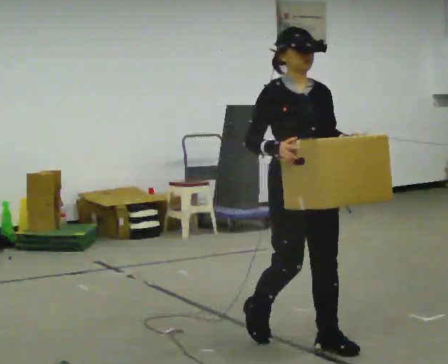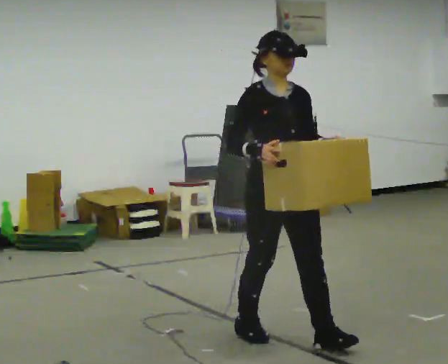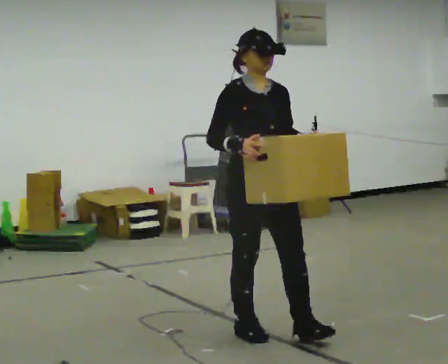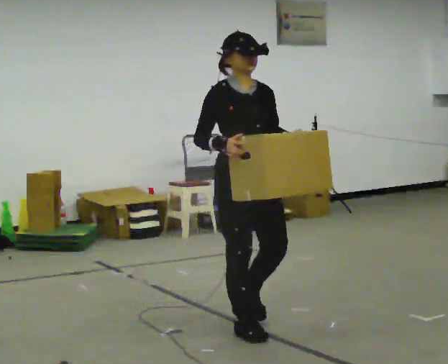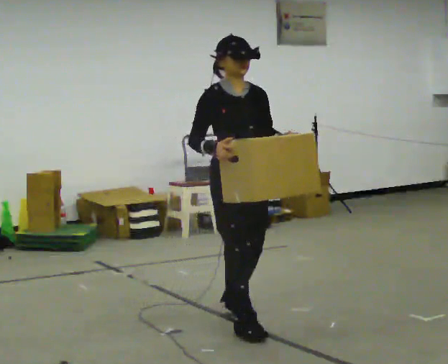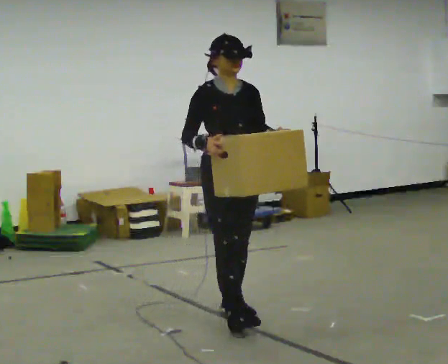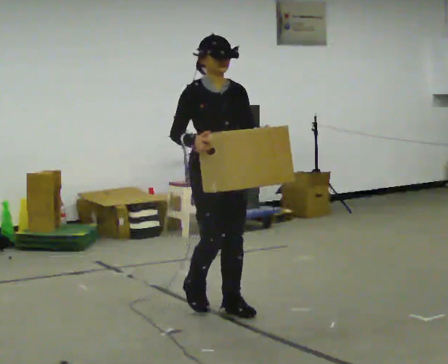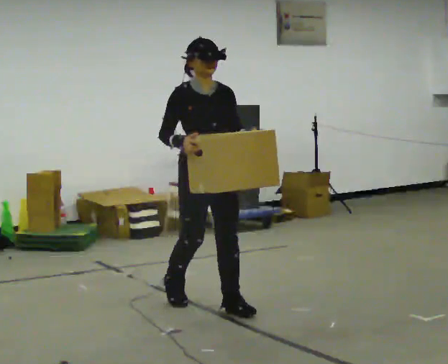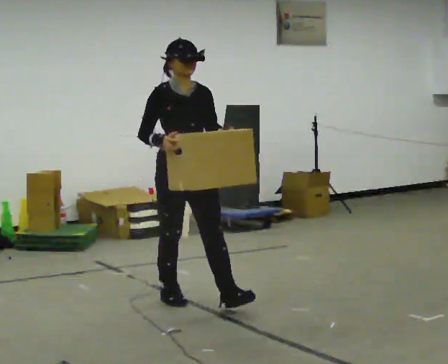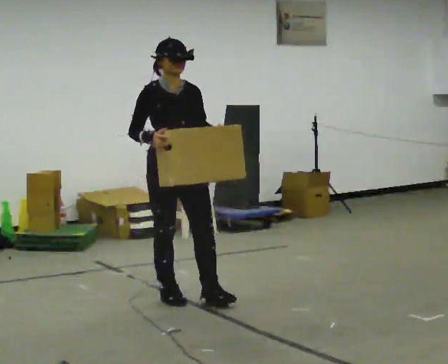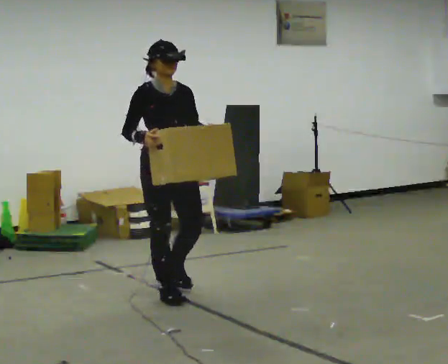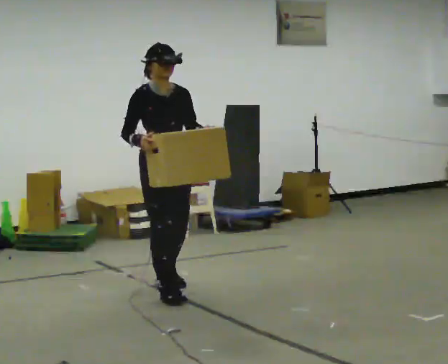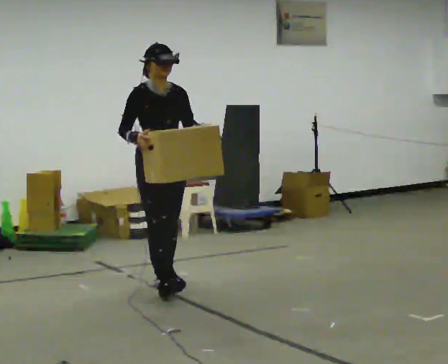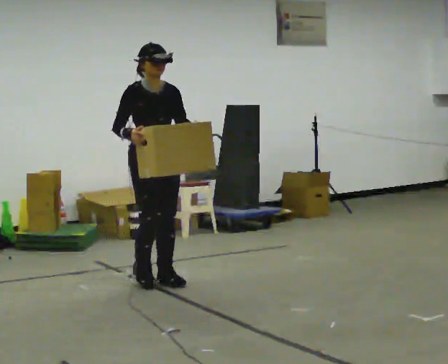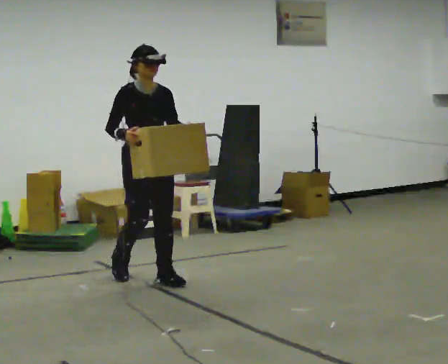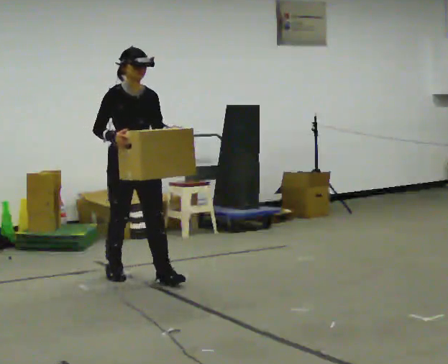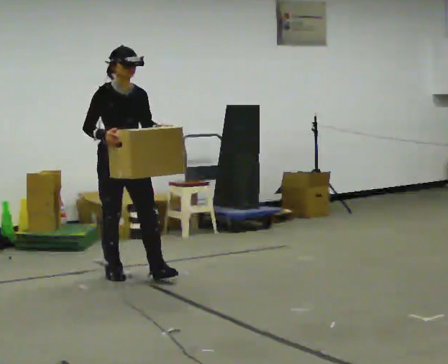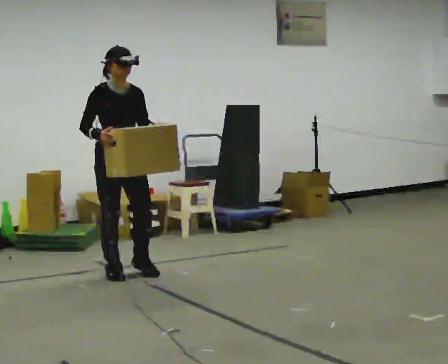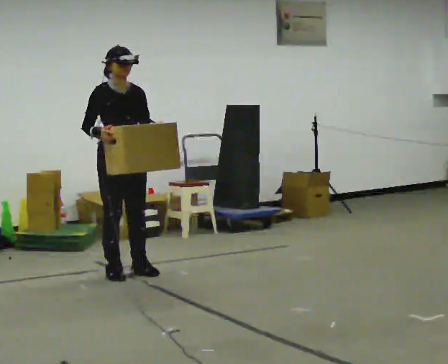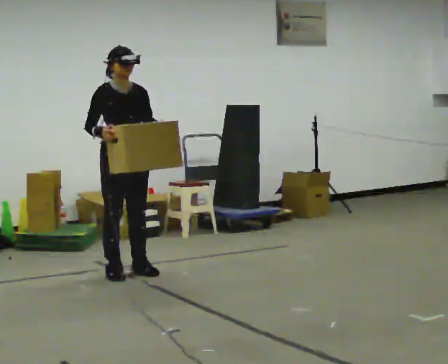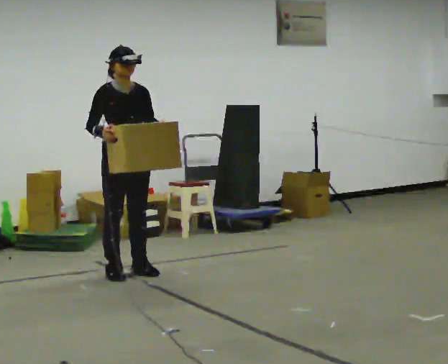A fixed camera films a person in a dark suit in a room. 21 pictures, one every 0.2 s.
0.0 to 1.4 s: In the picture they go away from the camera and to the left, about 1 m in 2 steps, which for them is backward.
1.4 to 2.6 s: In the picture they go away from the camera and to the left, about 1 m in 2 steps, which for them is backward.
2.6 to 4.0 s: In the picture they go away from the camera and to the left, about 0.25 m in 1 step, which for them is backward.
The film runs backward here.
